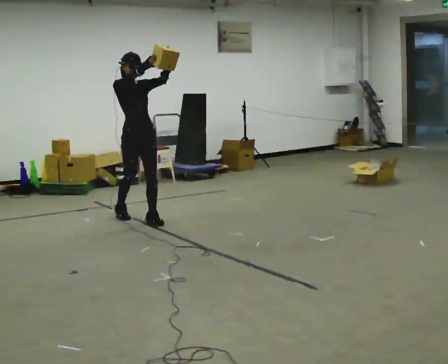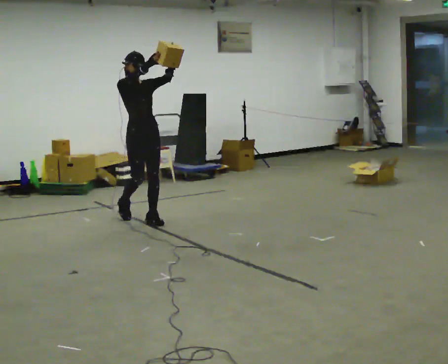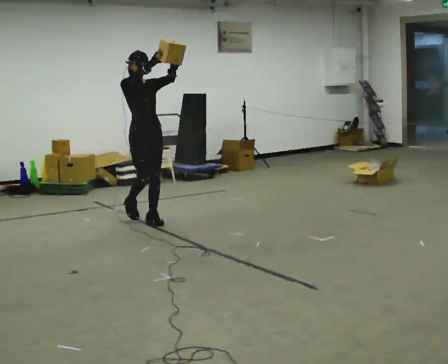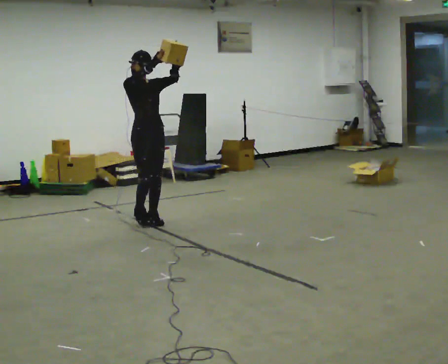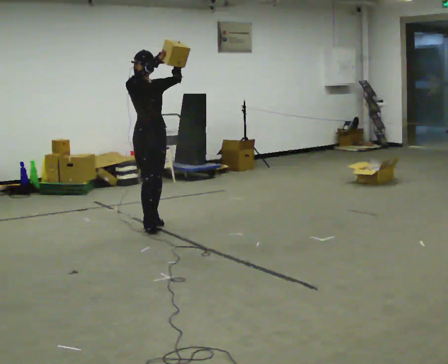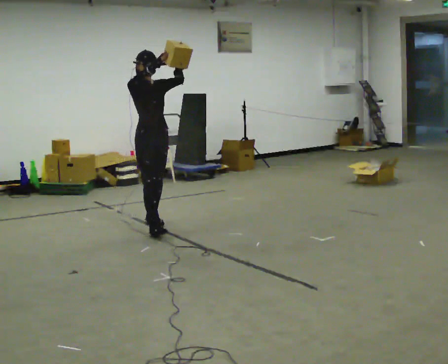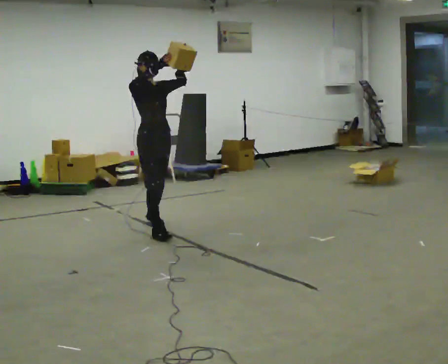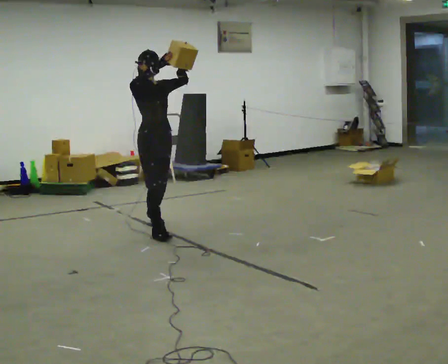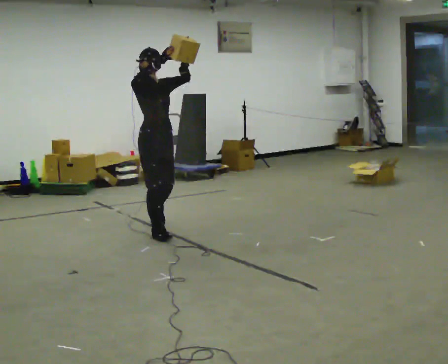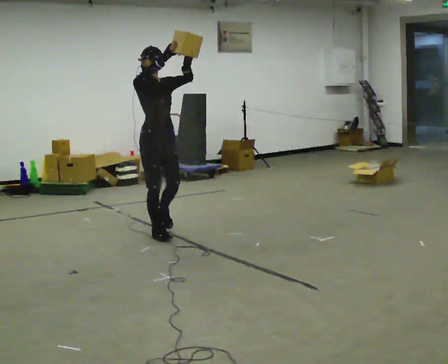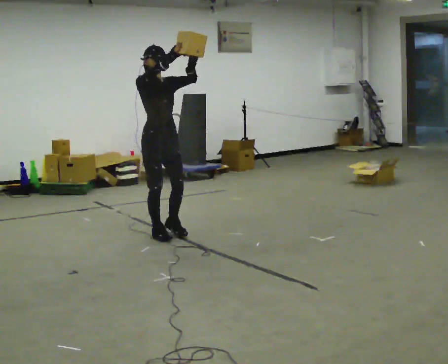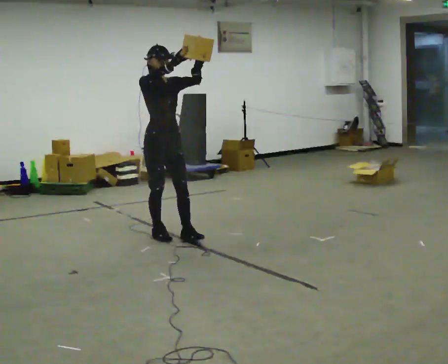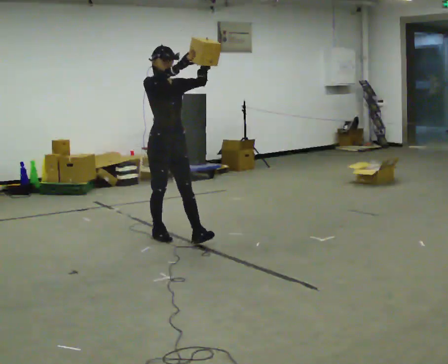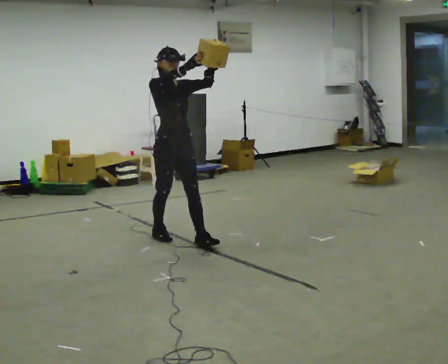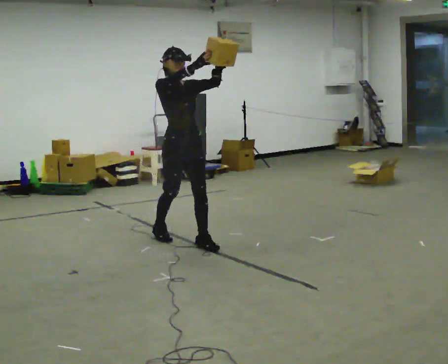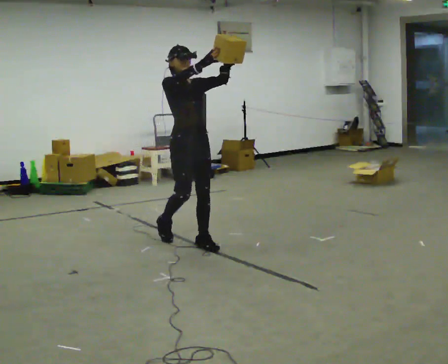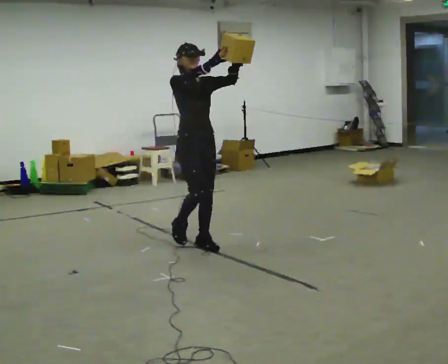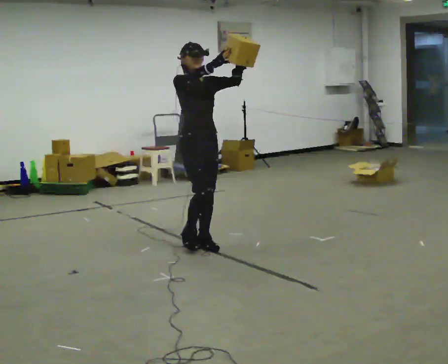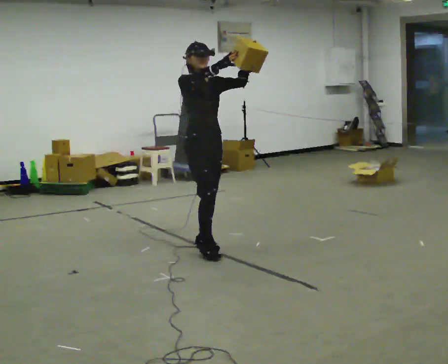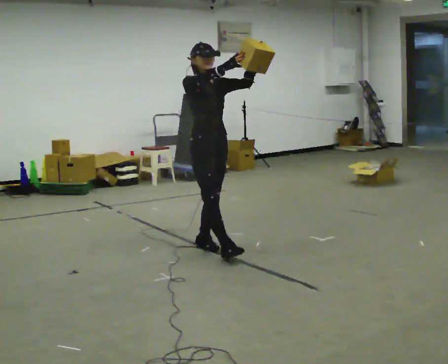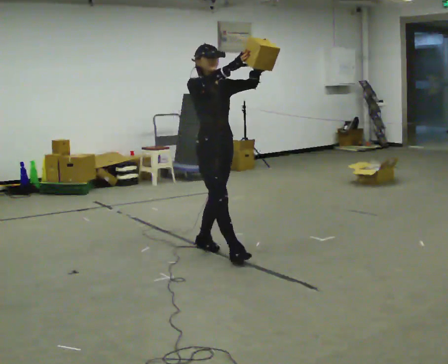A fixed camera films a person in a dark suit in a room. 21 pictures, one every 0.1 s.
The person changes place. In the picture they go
toward the camera.
0.0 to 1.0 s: In the picture they go toward the camera, about 0.5 m in 1 step, which for them is forward.
1.0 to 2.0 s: In the picture they go toward the camera and to the right, about 0.75 m in 2 steps, which for them is forward.
The film runs forward here.
